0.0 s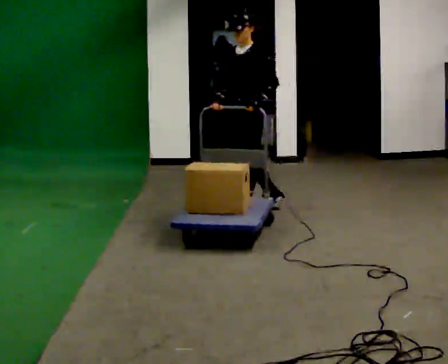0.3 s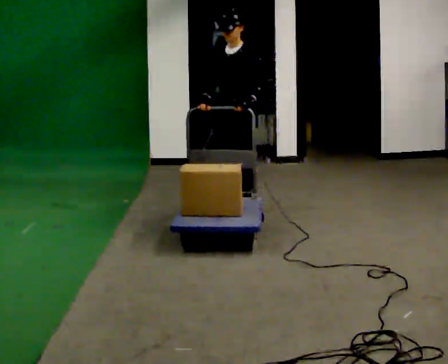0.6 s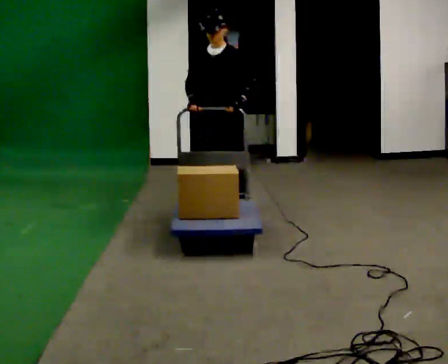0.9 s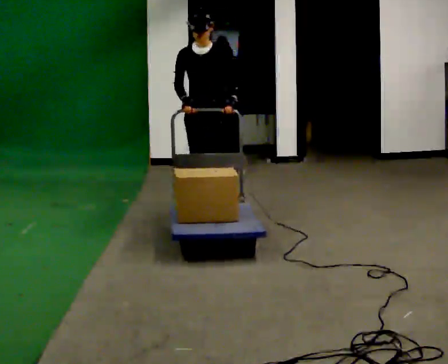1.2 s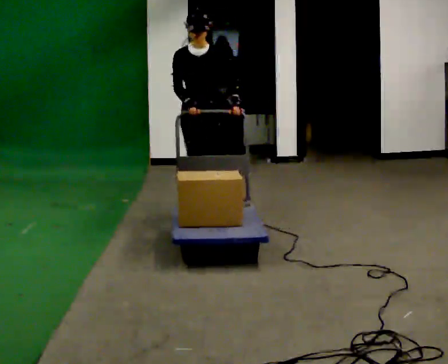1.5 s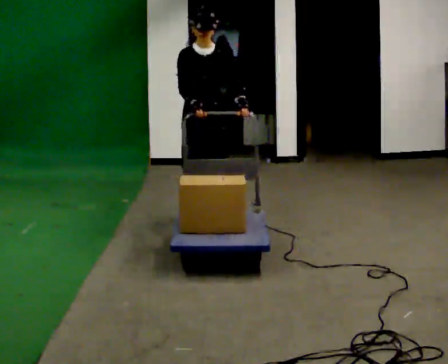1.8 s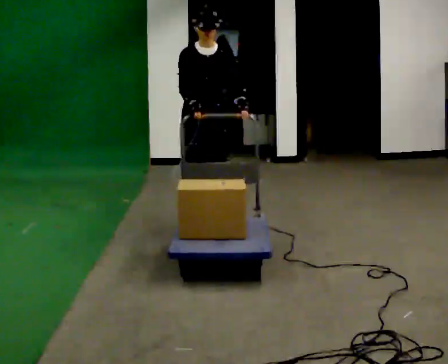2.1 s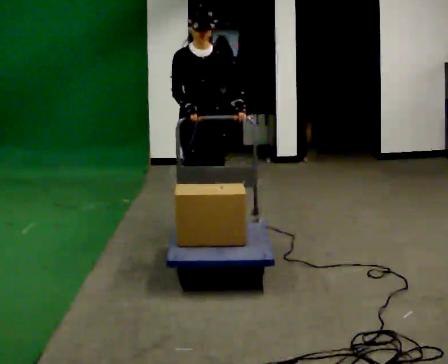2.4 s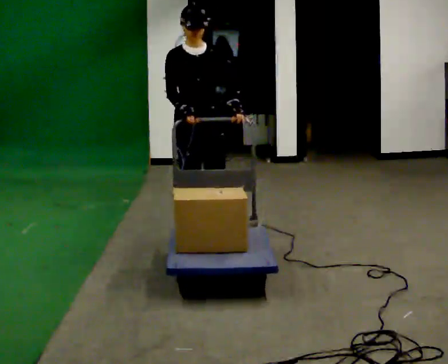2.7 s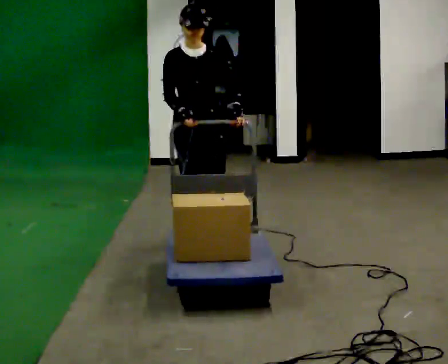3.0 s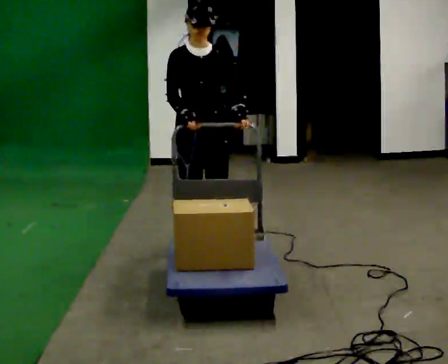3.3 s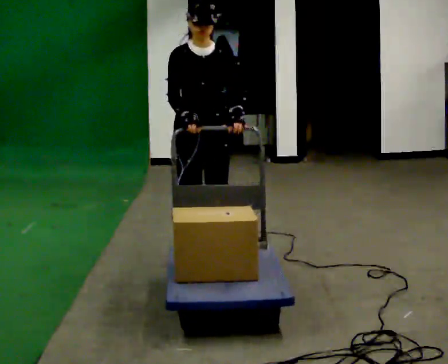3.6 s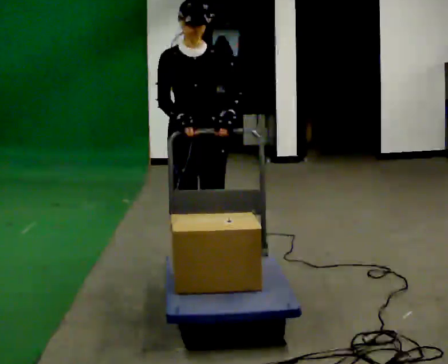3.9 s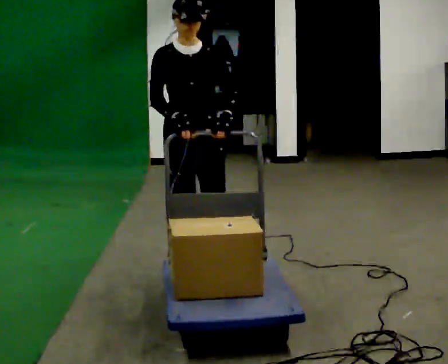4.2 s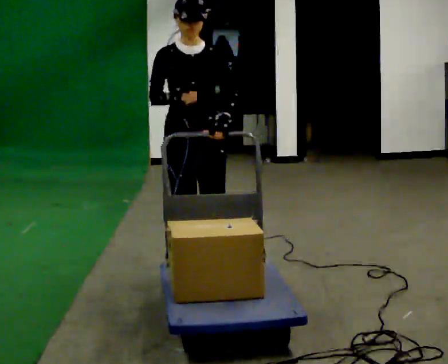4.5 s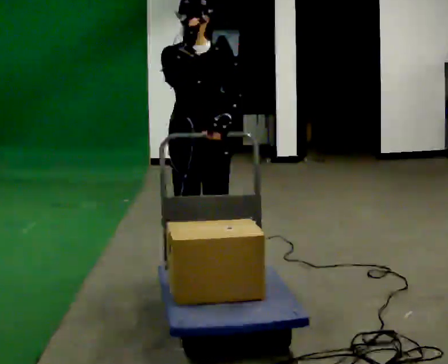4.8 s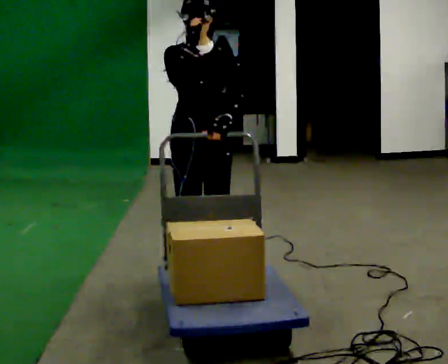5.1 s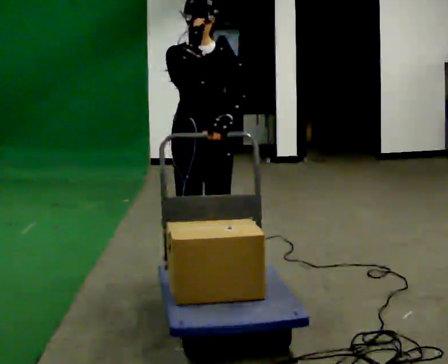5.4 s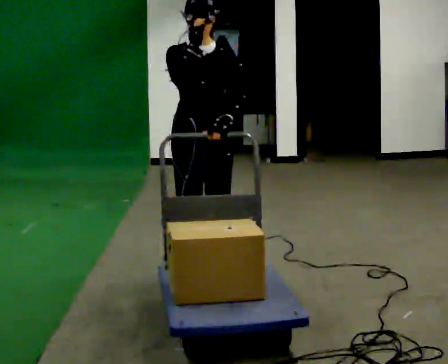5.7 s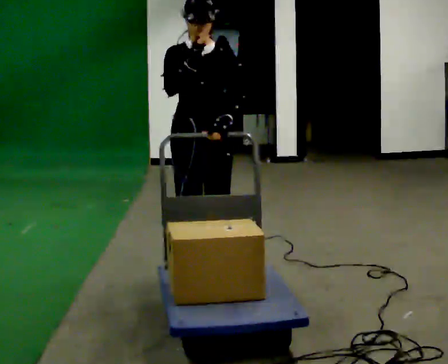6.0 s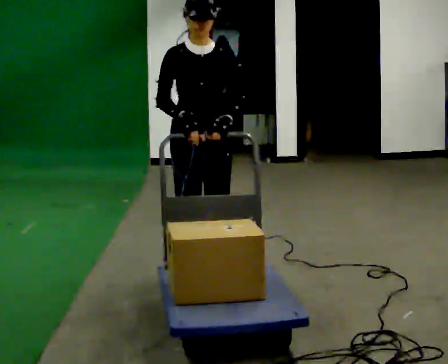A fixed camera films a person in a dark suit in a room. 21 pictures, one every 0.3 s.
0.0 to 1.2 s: The part of the body nearest the lens slides to the right as the person turns to their left by about 60 degrees. In the picture they go to the left and toward the camera, about 0.5 m in 2 steps, which for them is forward and to their right.
1.2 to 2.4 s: In the picture they go toward the camera, about 0.5 m in 1 step, which for them is forward.
2.4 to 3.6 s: In the picture they go toward the camera, about 0.5 m in 2 steps, which for them is forward.
3.6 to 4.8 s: In the picture they go toward the camera, about 0.25 m in 1 step, which for them is forward. In the picture their right hand goes upward.
4.8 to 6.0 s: In the picture their right hand goes downward.
The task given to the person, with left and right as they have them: Push the cart along the marked route and round the corner to the side the operator calls.
The film runs forward here.
